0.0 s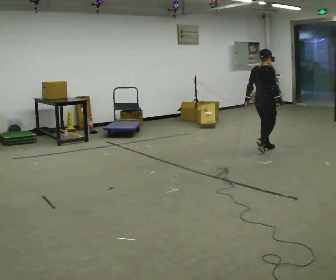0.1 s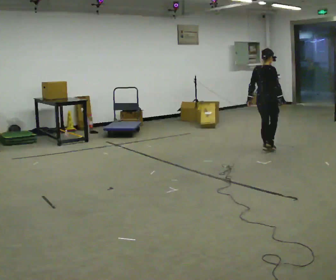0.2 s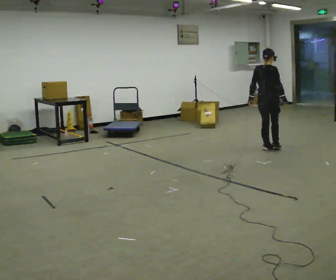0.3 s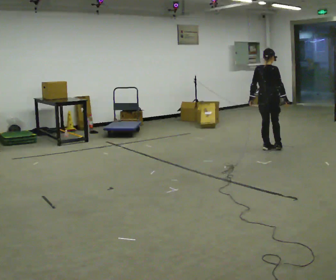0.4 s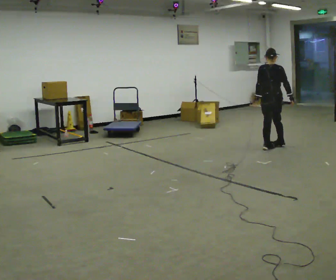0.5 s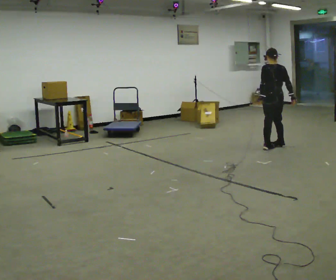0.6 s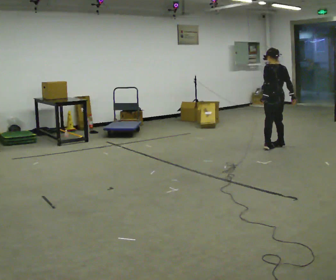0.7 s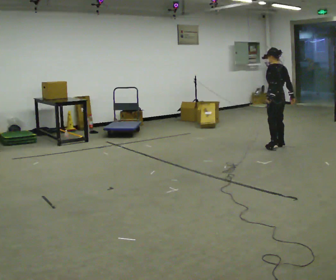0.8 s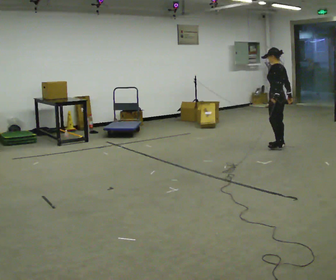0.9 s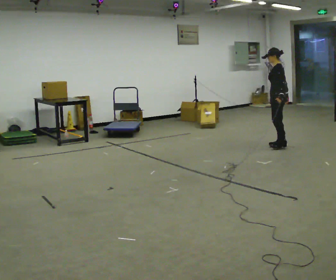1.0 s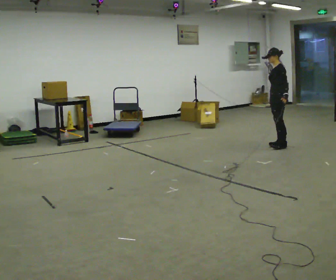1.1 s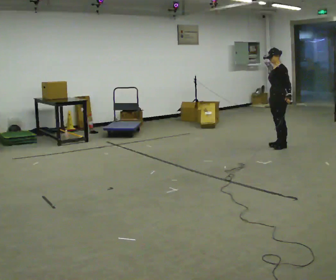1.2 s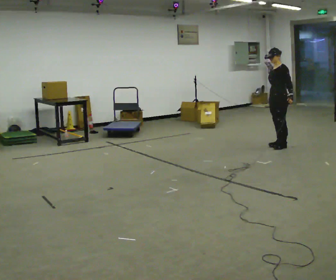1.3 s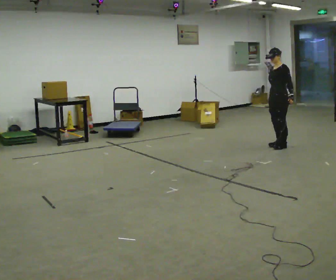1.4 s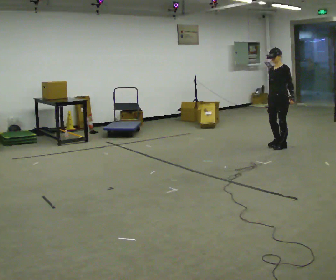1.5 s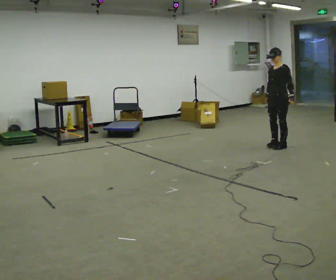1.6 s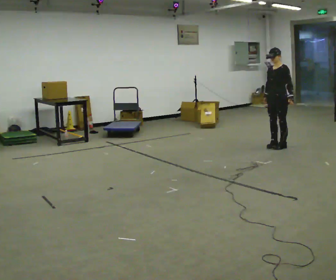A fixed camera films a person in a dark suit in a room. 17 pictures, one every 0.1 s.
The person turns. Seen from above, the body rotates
counterclockwise.
Their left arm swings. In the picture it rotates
counterclockwise.
0.0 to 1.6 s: The person turns about 180 degrees to their left, counterclockwise seen from above, so the part of the body nearest the lens slides to the right. In the picture they go away from the camera and to the right, about 0.25 m in 2 steps.
The film runs forward here.
